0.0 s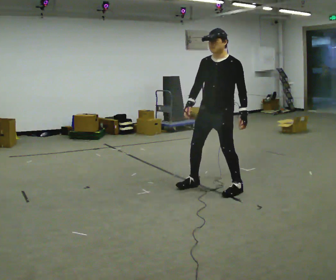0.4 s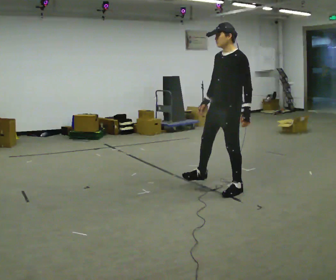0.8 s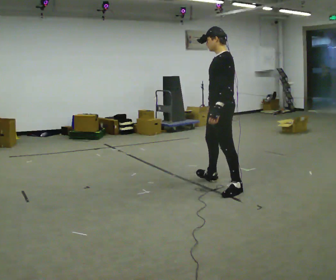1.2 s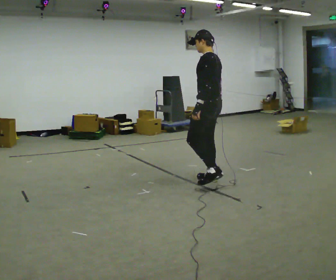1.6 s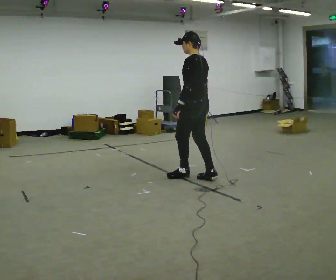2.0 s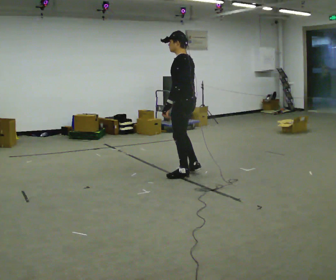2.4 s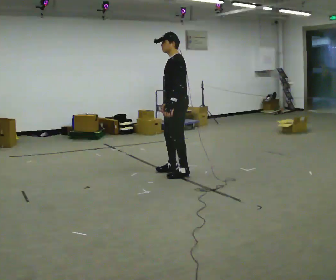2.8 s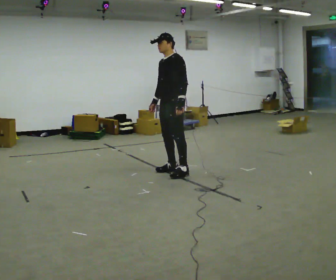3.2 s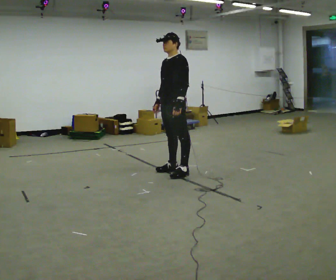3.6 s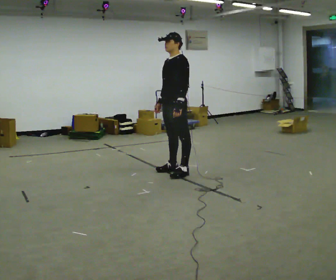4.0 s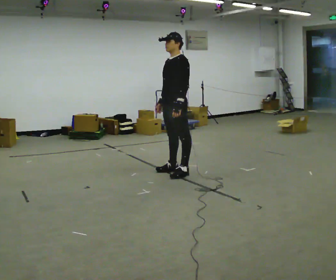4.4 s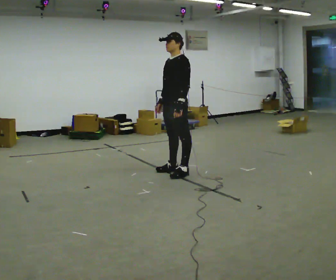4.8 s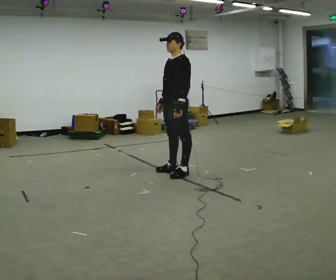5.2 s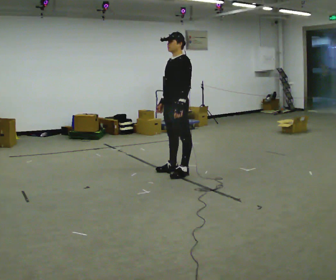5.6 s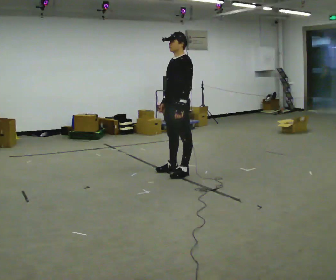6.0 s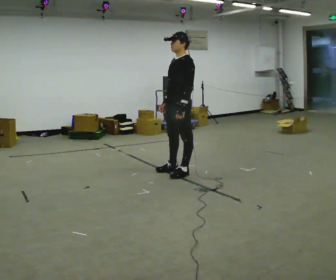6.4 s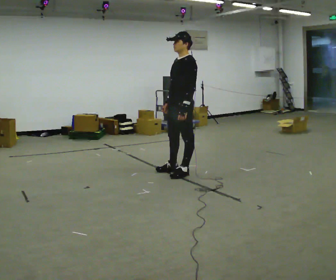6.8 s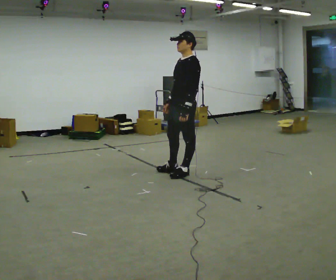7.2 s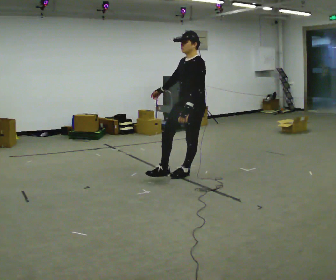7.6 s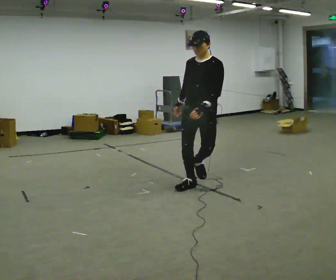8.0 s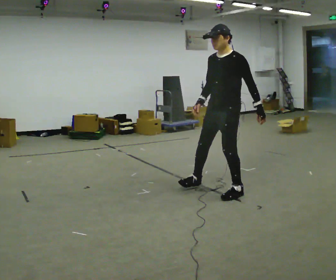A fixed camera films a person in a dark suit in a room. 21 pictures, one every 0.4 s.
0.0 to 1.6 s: The part of the body nearest the lens slides to the left as the person turns to their right by about 90 degrees. In the picture they go away from the camera and to the left, about 0.5 m in 2 steps.
1.6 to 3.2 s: The part of the body nearest the lens slides to the right as the person turns to their left by about 60 degrees. In the picture they go to the left and away from the camera, about 0.25 m in 1 step.
3.2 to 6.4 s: The person moves a little, or ends about where they began.
6.4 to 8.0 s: In the picture they go toward the camera and to the right, about 1 m in 2 steps, which for them is to their left.
The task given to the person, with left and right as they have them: Stand on the marked spots. Lean to the side the operator calls until you cannot hold it, then step to catch yourself. Return to the spots. Repeat at your own pace until the operator says stop. Go slowly and only as far as you are comfortable. Step whenever you need to; do not try to hold on longer than feels safe.
The film runs forward here.
